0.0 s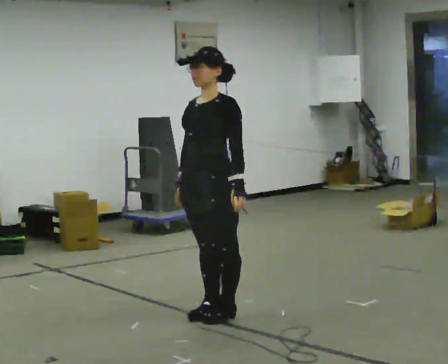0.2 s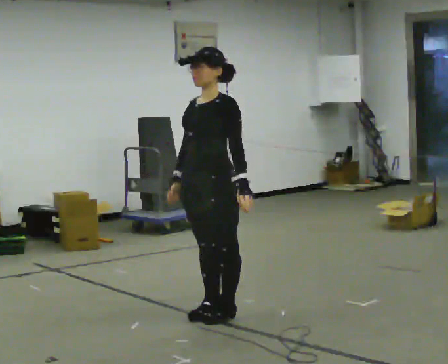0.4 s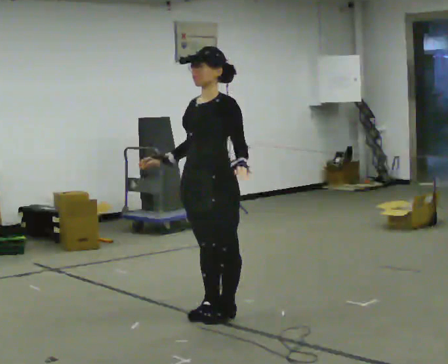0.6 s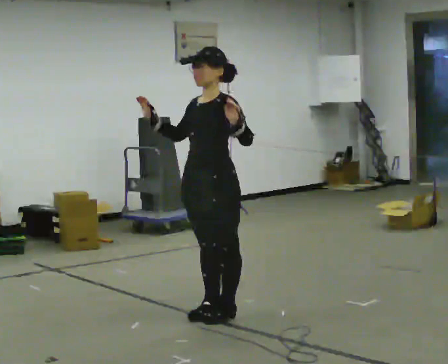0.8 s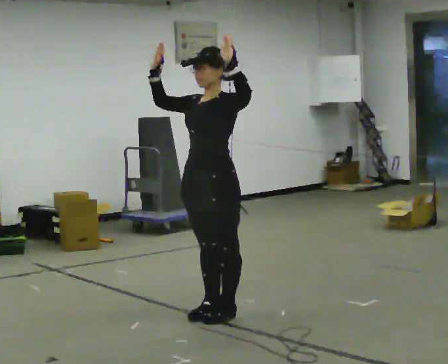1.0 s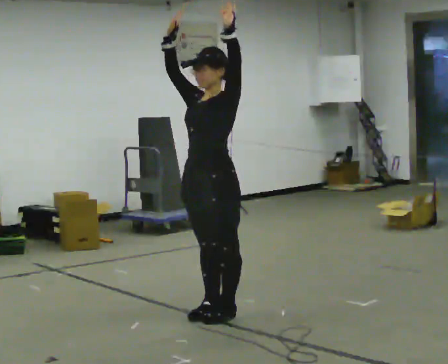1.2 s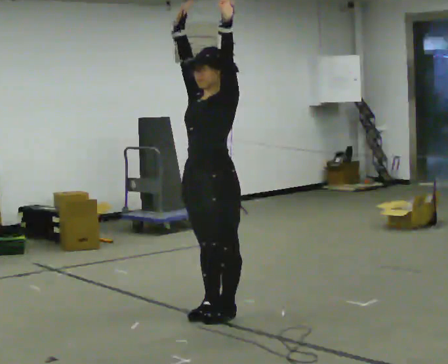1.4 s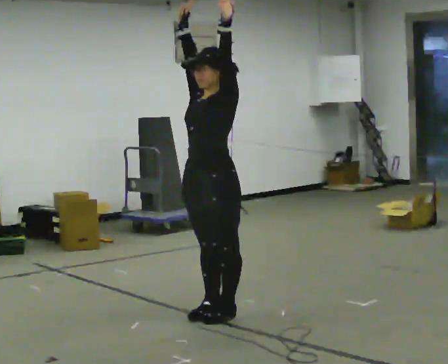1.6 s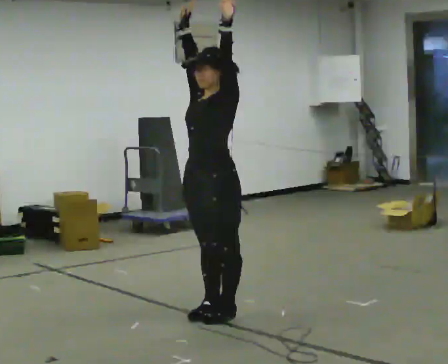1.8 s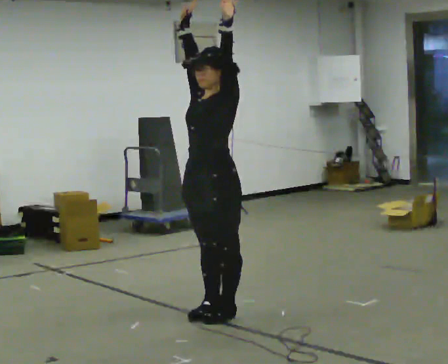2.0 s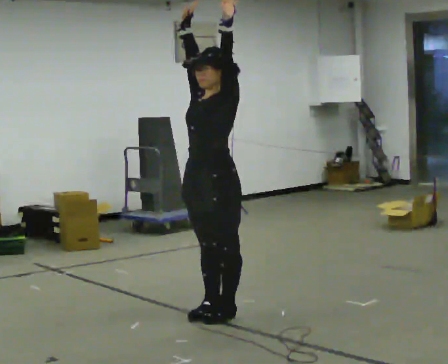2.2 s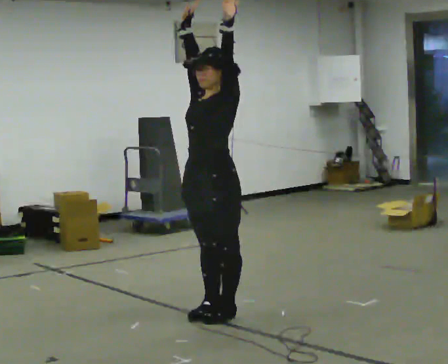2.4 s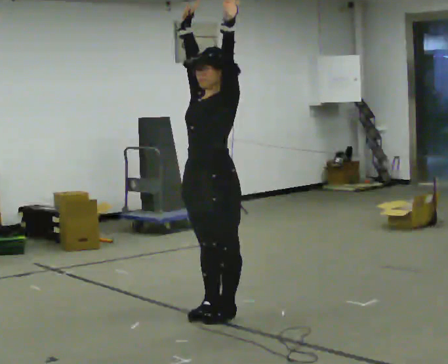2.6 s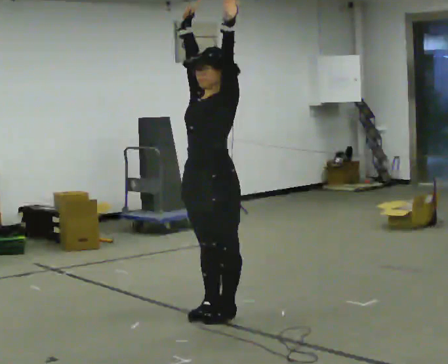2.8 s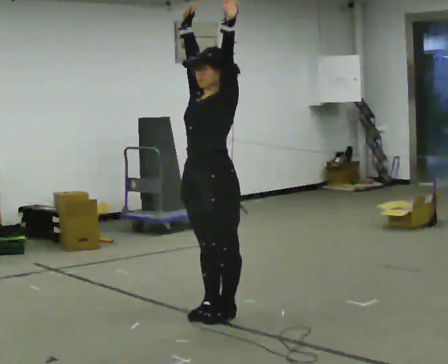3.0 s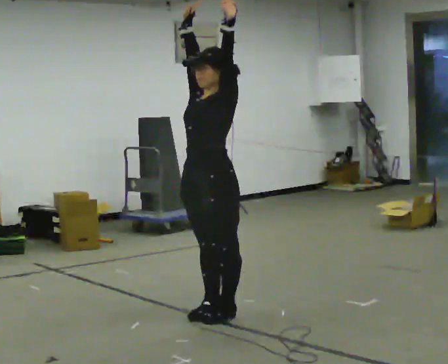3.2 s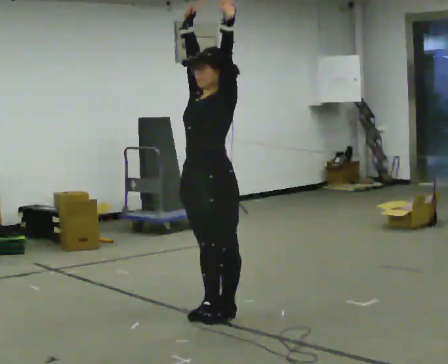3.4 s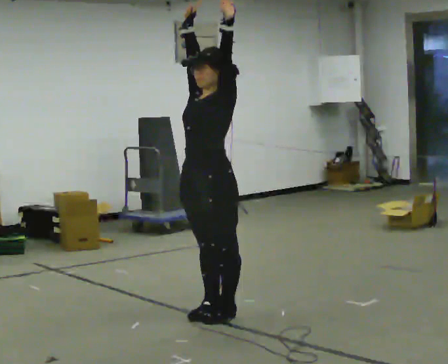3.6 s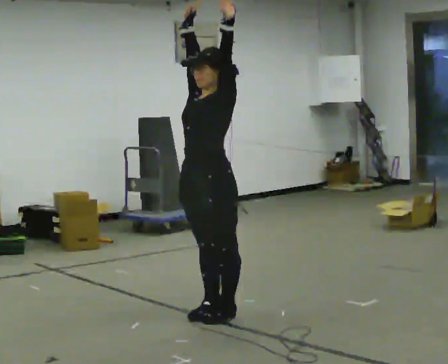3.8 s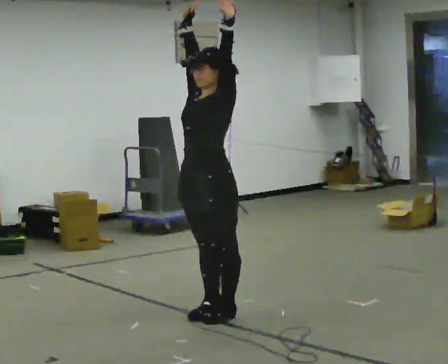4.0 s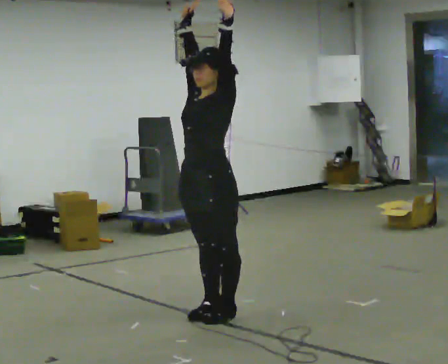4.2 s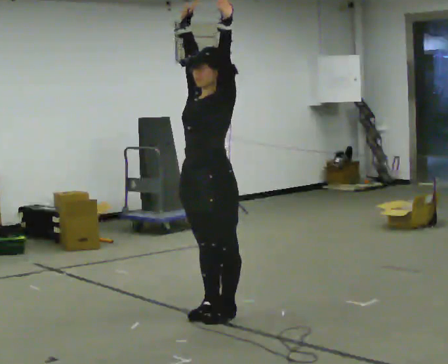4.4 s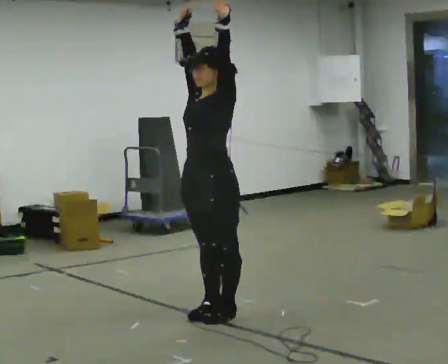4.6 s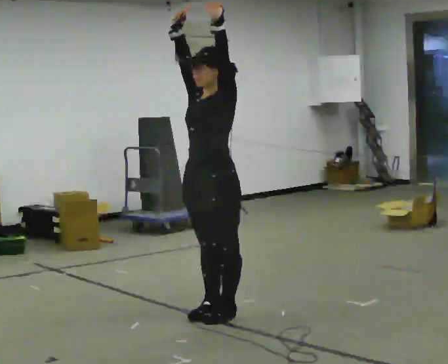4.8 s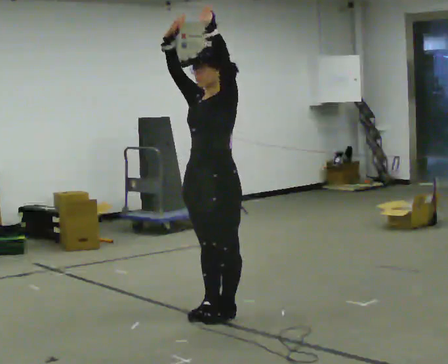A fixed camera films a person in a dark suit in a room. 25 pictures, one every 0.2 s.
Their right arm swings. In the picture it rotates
clockwise.
Their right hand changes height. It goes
upward.
0.0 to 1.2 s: In the picture their right hand goes upward, the arm swinging clockwise.
1.2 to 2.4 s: The person moves a little, or ends about where they began.
2.4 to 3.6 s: The person keeps their place and pose.
3.6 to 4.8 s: The person moves a little, or ends about where they began.
The film runs backward here.
